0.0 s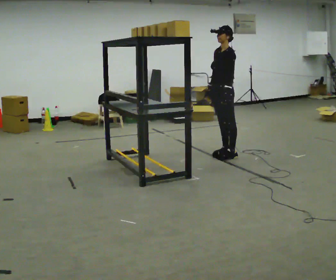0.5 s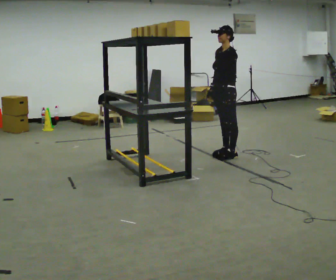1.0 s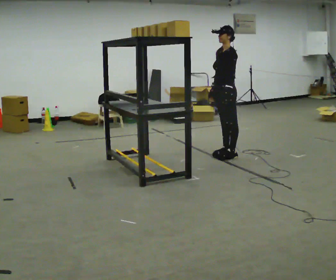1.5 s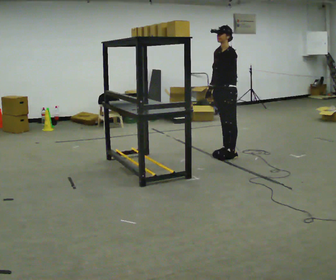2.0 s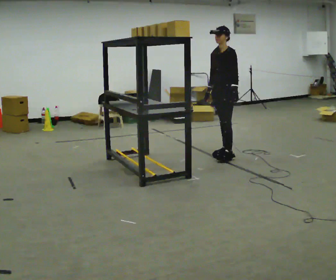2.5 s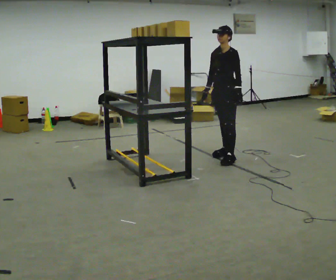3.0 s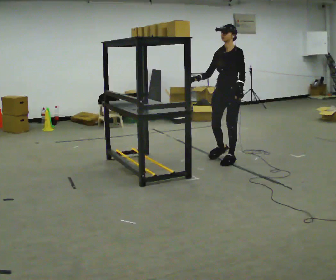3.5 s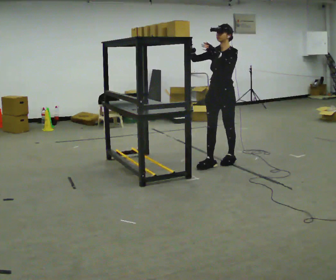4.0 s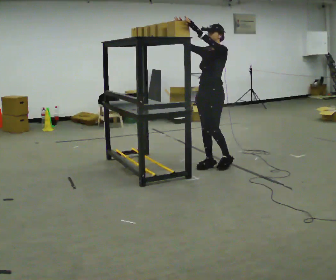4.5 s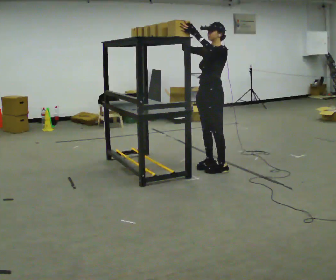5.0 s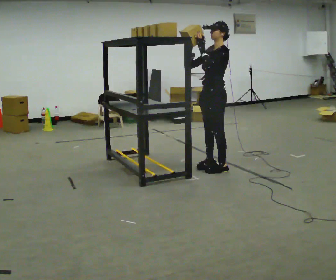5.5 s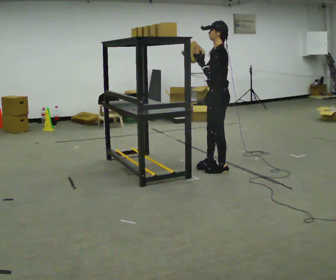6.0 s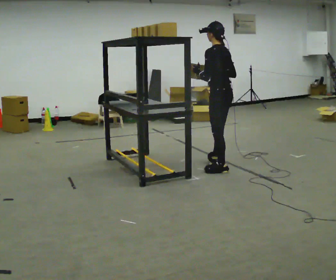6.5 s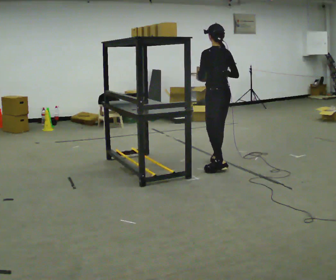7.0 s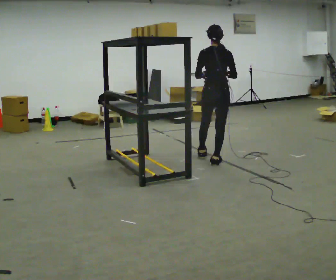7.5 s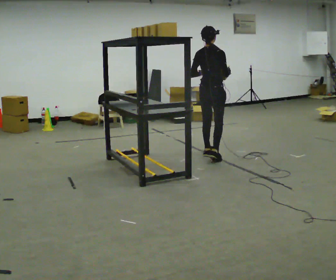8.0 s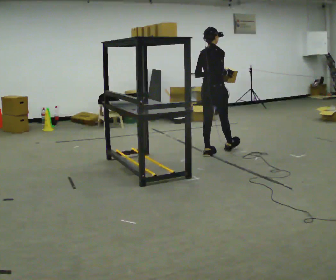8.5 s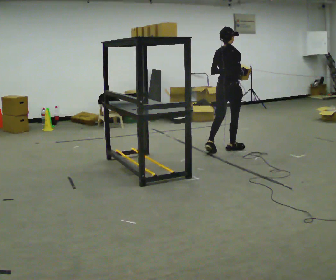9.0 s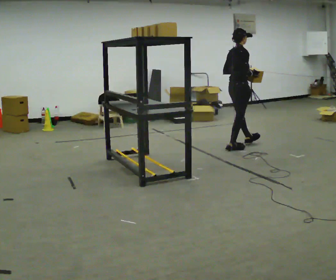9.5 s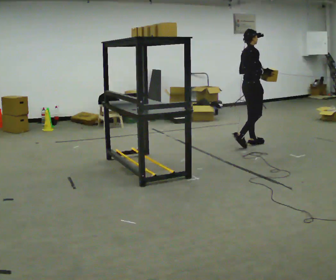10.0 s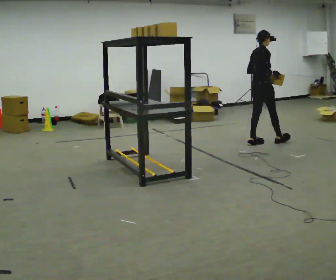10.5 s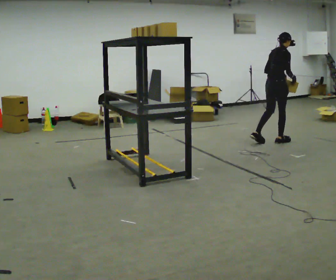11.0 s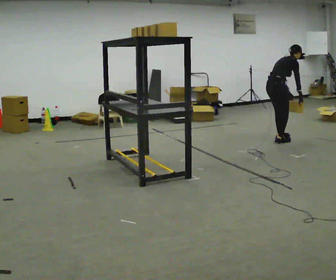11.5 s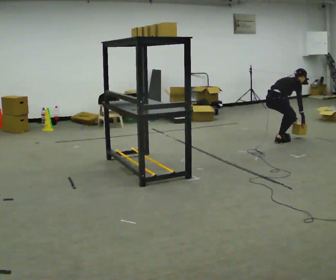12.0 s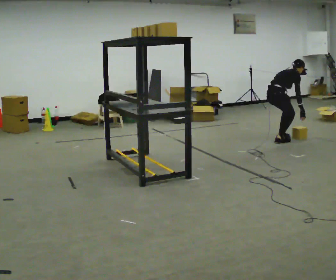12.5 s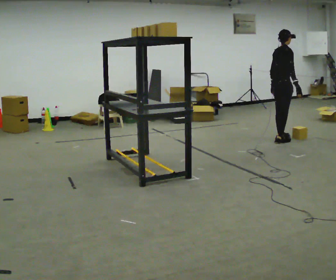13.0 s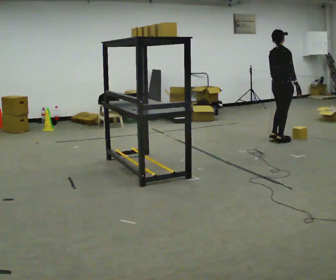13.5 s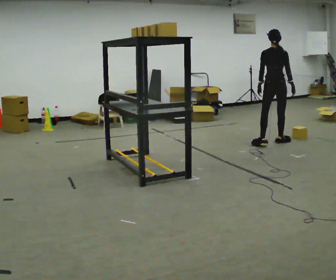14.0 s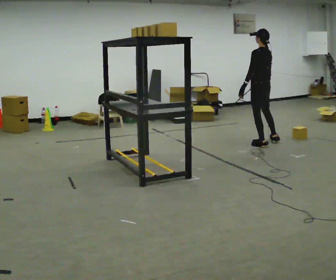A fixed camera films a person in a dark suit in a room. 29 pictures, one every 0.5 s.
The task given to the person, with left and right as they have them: Take an object down from the highest shelf you can comfortably reach, carry it across the room, and set it on the floor. Keep going until the operator says stop; one object at a time, and do not rush between trips.
0.0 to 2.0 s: The person moves a little, or ends about where they began.
2.0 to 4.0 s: In the picture they go toward the camera, about 0.5 m in 2 steps, which for them is forward and to their left. In the picture their left hand goes upward.
4.0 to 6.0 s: The person turns about 75 degrees to their right, clockwise seen from above, so the part of the body nearest the lens slides to the left. In the picture they go toward the camera, about 0.25 m in 1 step. In the picture their right hand goes downward and to the right.
6.0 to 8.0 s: Seen from above the body turns clockwise, about 90 degrees: to their right, with its near side sliding to the left. In the picture they go away from the camera, about 0.5 m in 1 step.
8.0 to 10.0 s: In the picture they go to the right and away from the camera, about 1 m in 3 steps, which for them is forward.
10.0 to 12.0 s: In the picture they go to the right, about 0.25 m in 1 step, which for them is forward. In the picture the upper body tilts clockwise, shoulders to the right, as they bend forward. In the picture their right hand goes downward and to the right.
12.0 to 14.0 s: The part of the body nearest the lens slides to the right as the person turns to their left by about 105 degrees. In the picture they go toward the camera and to the left, about 0.25 m in 1 step. The shoulders move upward. In the picture the upper body tilts counterclockwise, shoulders to the left, as they lean back or straighten. In the picture their right hand goes upward.
The film runs forward here.
